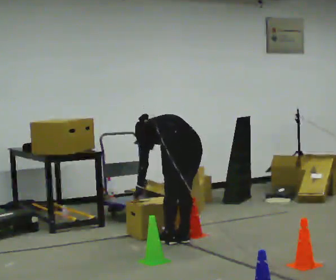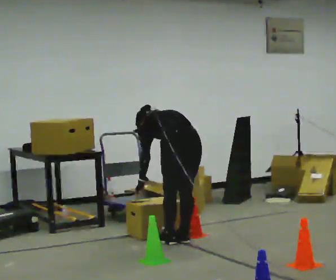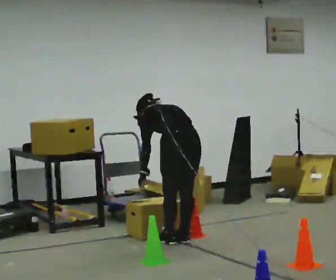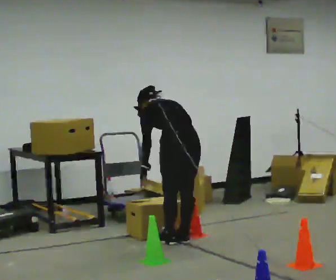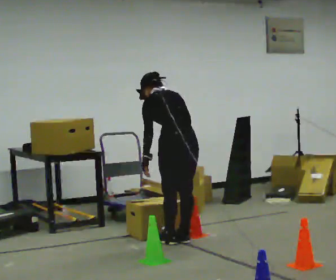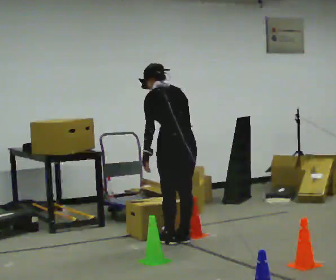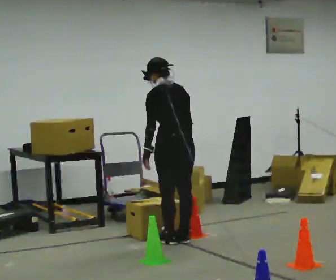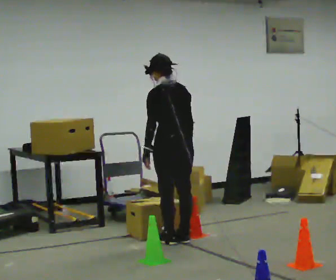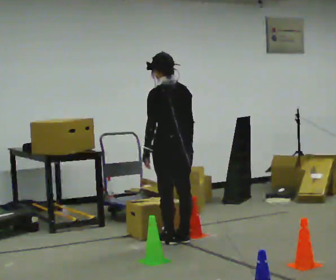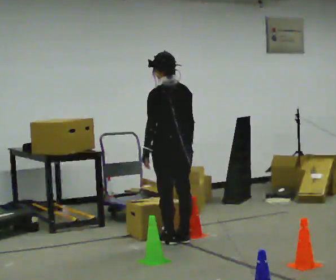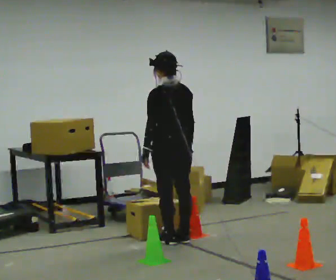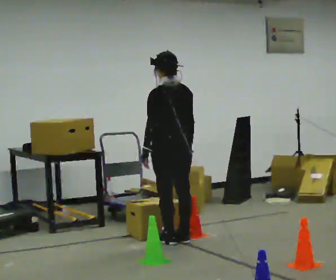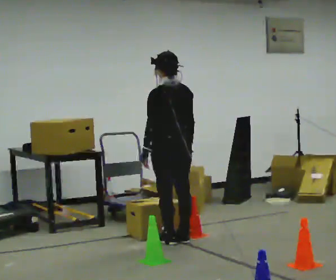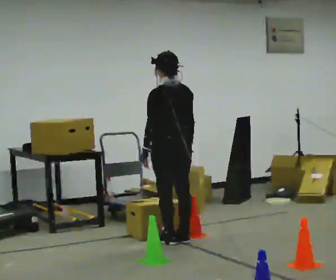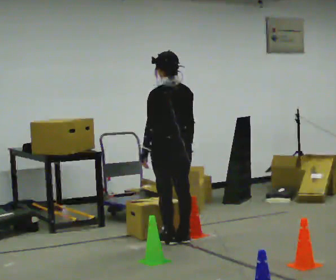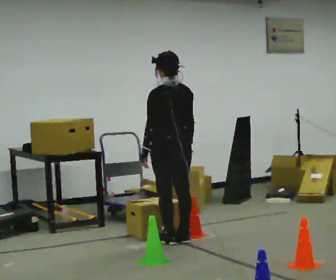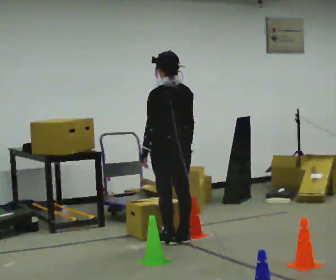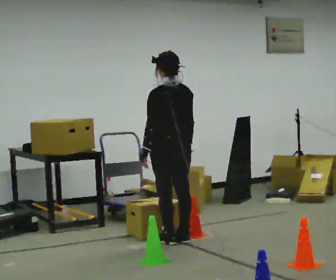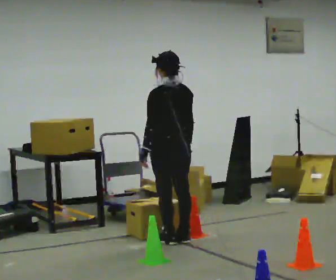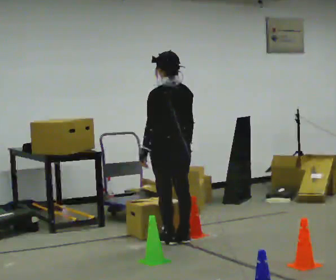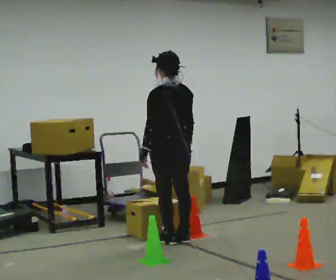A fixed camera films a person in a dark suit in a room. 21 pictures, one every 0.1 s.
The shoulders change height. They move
upward.
The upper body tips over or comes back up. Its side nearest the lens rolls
downward.
0.0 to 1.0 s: The shoulders move upward. The upper body tips toward the camera, its near side rolling downward, as they lean back or straighten. In the picture their right hand goes upward.
1.0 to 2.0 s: The person keeps their place and pose.
The film runs backward here.
